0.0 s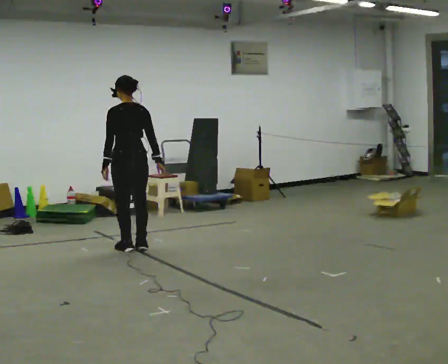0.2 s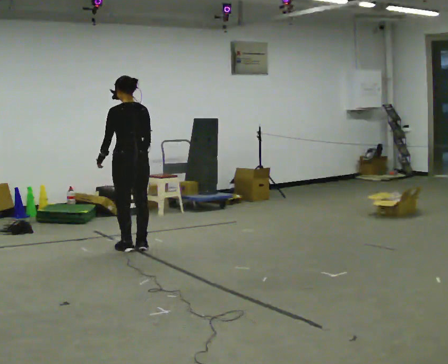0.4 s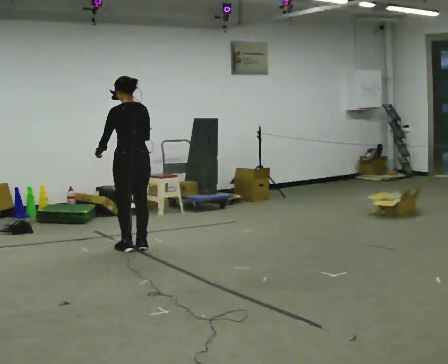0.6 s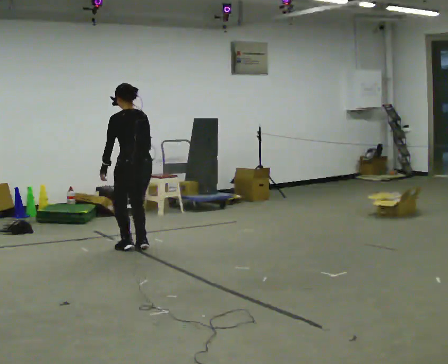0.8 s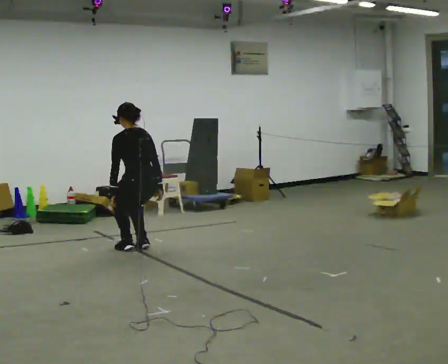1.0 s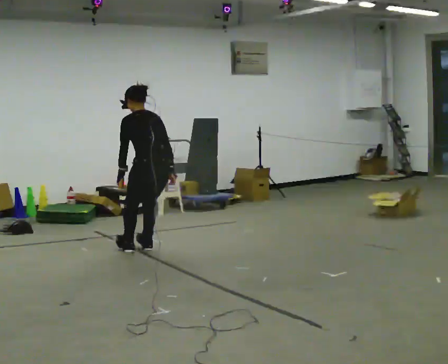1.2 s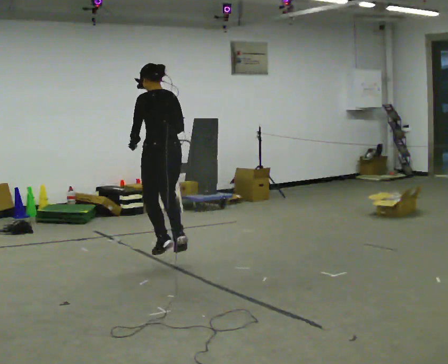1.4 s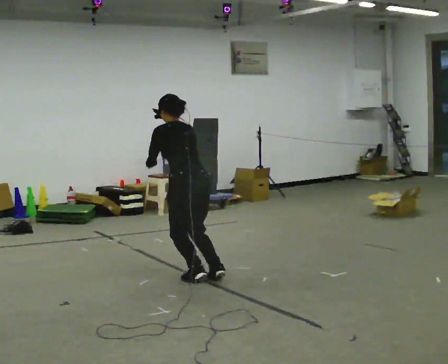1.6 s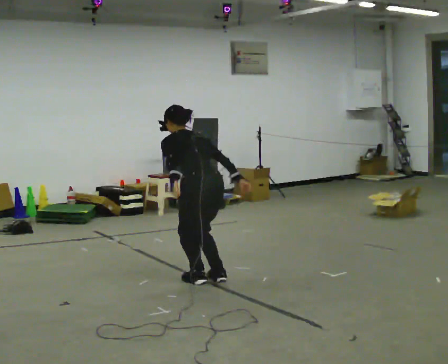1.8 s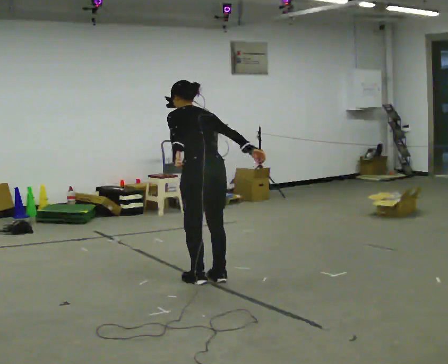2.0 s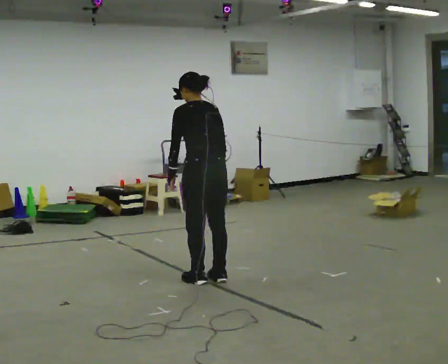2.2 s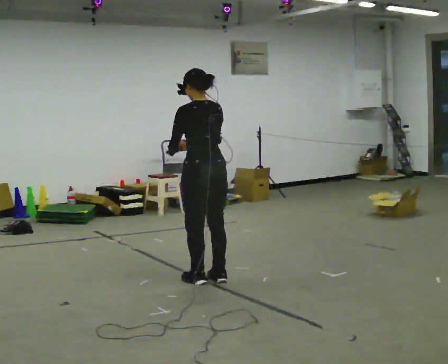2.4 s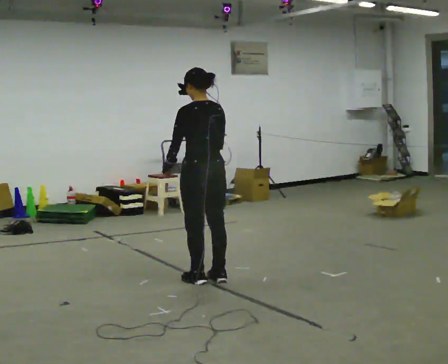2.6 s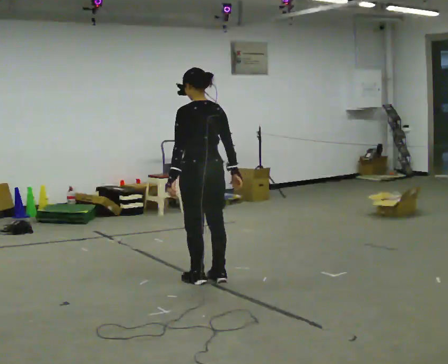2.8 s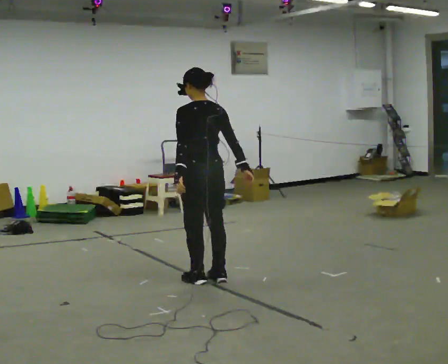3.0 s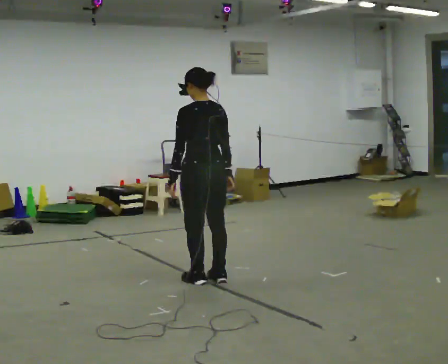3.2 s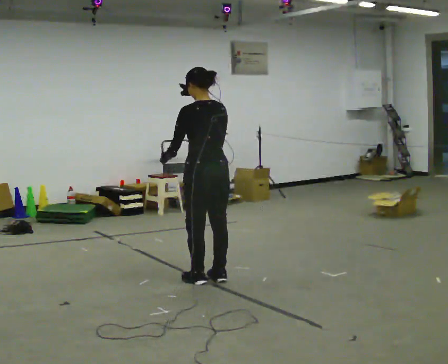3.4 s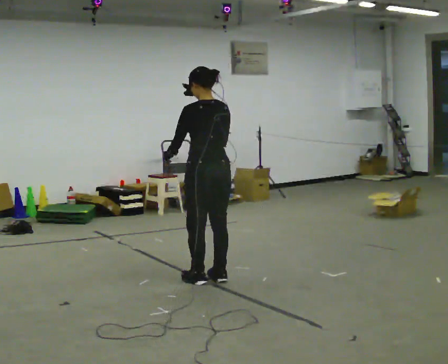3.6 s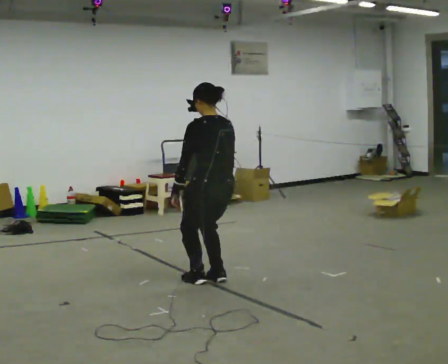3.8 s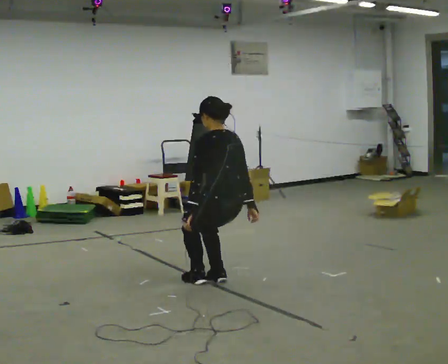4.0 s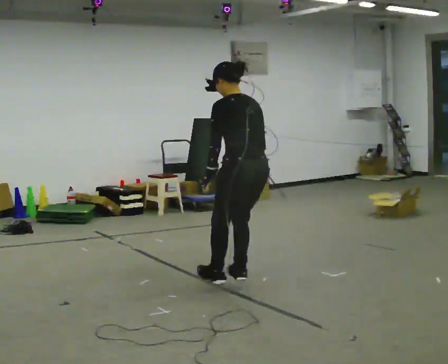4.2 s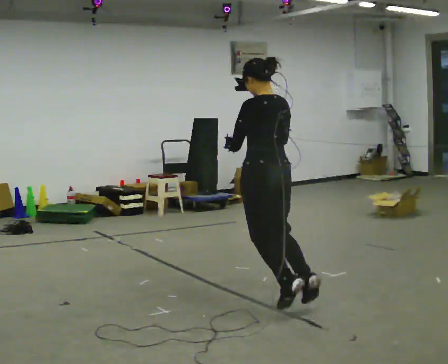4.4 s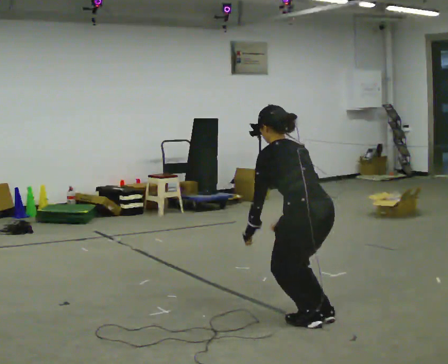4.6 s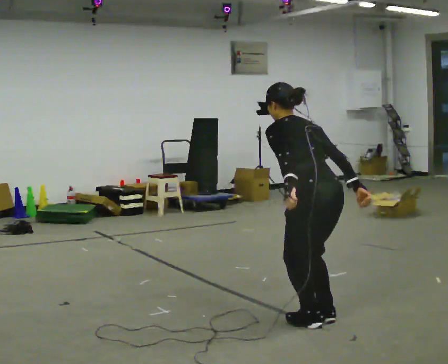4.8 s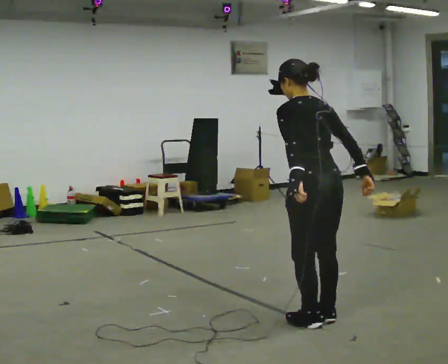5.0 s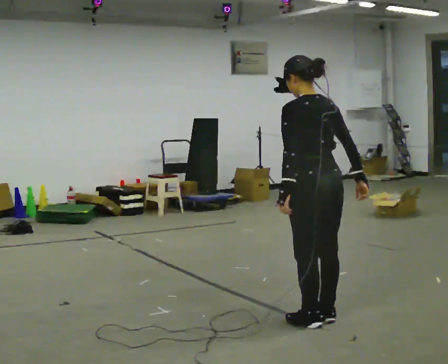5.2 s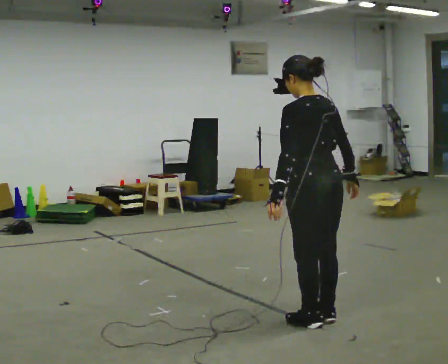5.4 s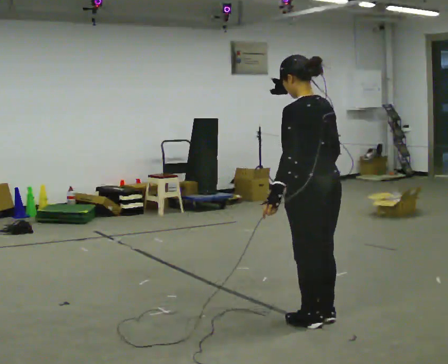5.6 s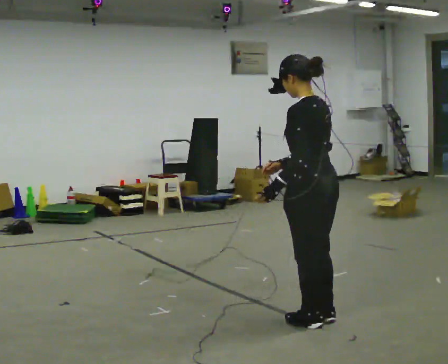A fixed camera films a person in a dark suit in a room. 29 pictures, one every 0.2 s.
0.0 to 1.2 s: In the picture they go toward the camera and to the right, about 0.5 m in 2 steps, which for them is backward.
1.2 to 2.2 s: In the picture they go toward the camera and to the right, about 0.75 m, which for them is backward.
2.2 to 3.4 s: The person moves a little, or ends about where they began.
3.4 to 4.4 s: In the picture they go toward the camera and to the right, about 1 m in 2 steps, which for them is backward. The upper body tips away from the camera, its near side rolling upward, as they bend forward. In the picture their left hand goes downward.
4.4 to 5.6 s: The upper body goes upward. The upper body tips toward the camera, its near side rolling downward, as they lean back or straighten. In the picture their right hand goes upward.
The film runs backward here.
